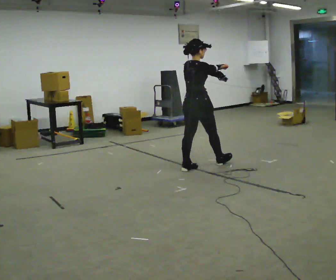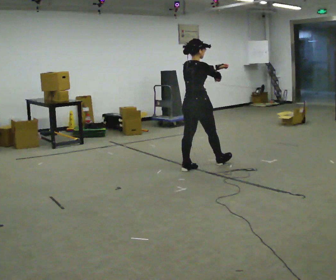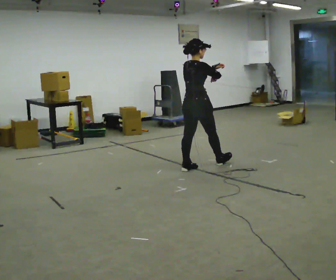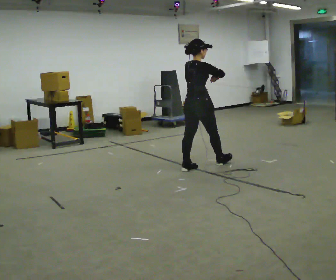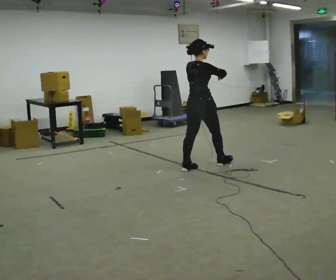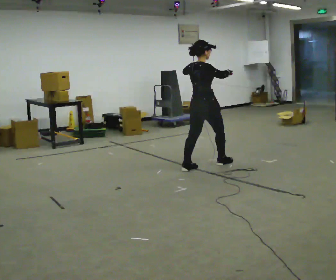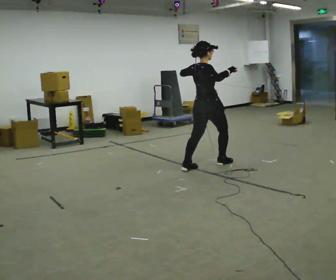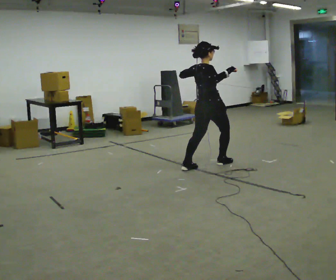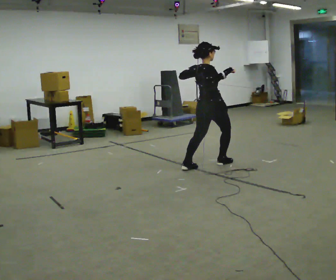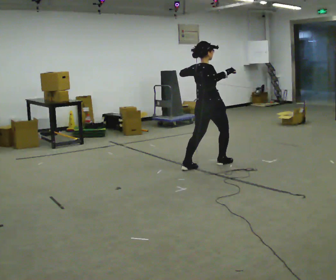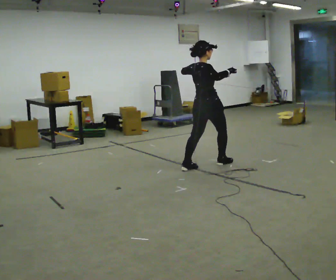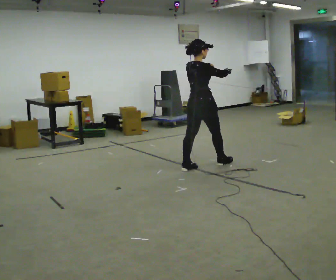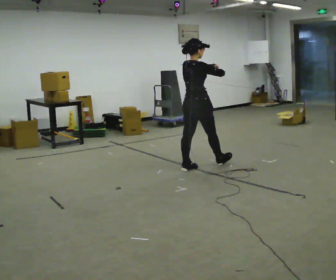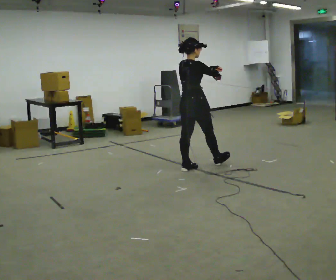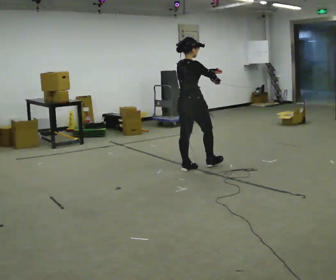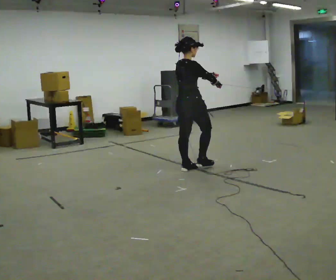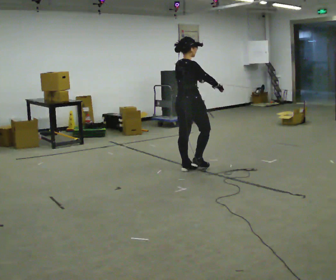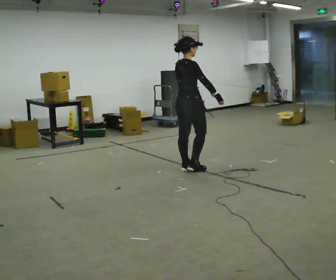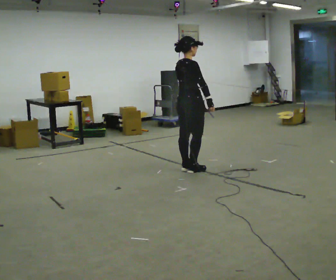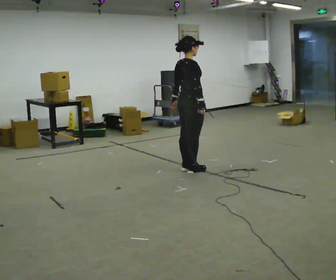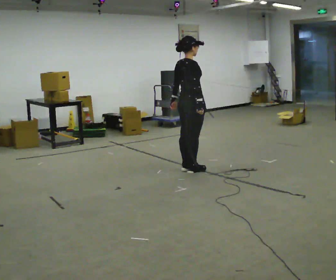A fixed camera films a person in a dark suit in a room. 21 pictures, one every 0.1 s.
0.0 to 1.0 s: The person moves a little, or ends about where they began.
1.0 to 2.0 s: In the picture they go to the left, about 0.25 m in 1 step, which for them is backward. In the picture their left hand goes downward.
The film runs backward here.
